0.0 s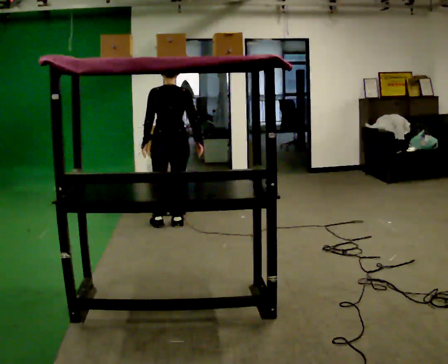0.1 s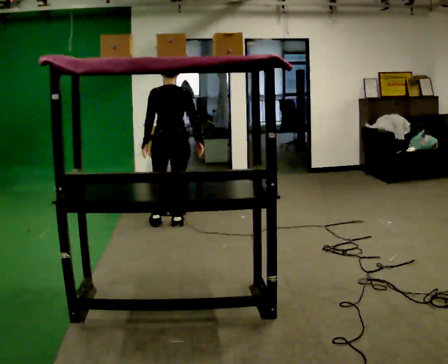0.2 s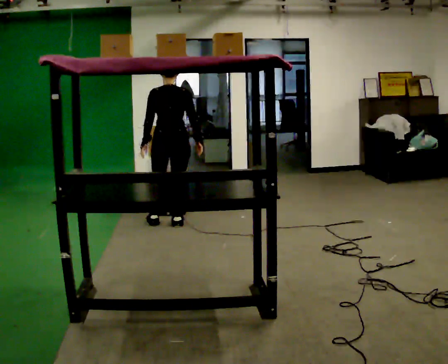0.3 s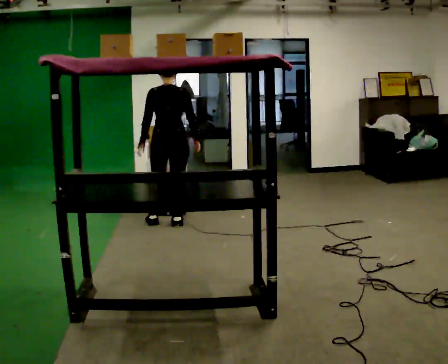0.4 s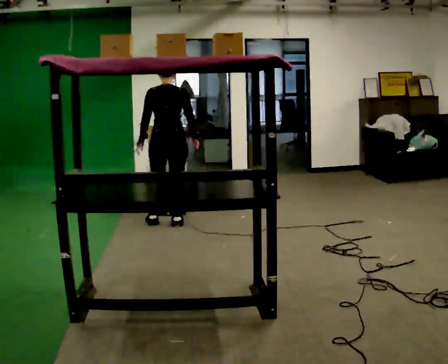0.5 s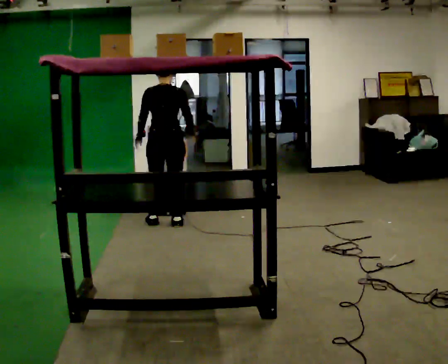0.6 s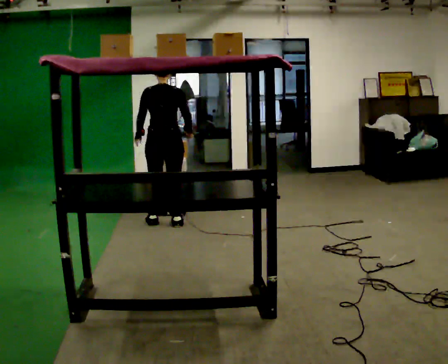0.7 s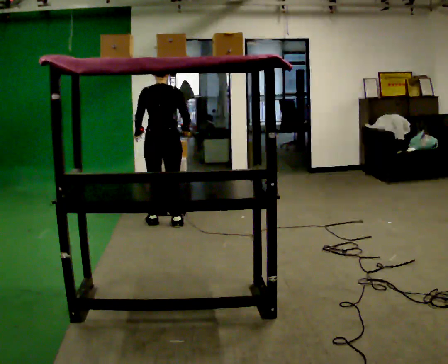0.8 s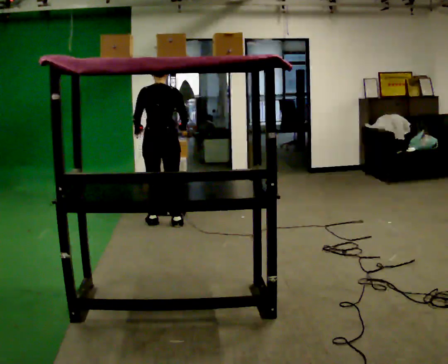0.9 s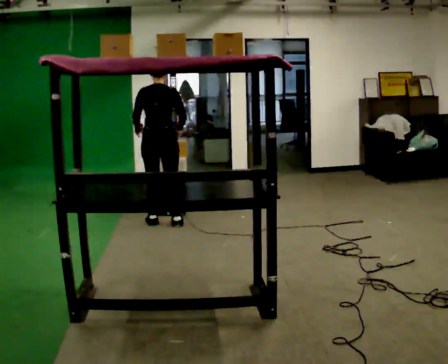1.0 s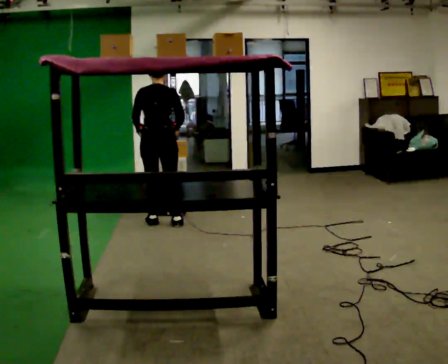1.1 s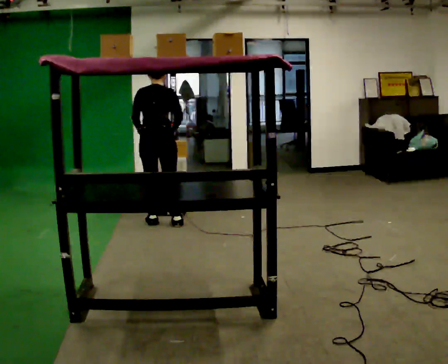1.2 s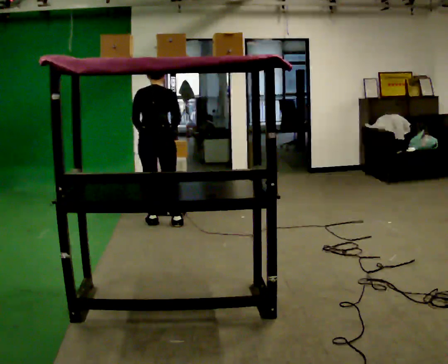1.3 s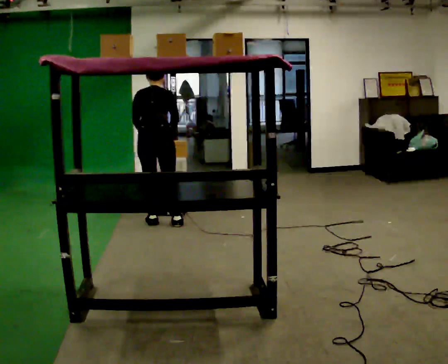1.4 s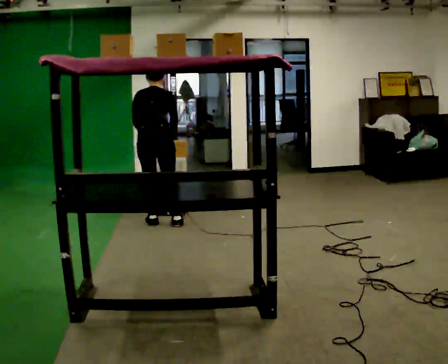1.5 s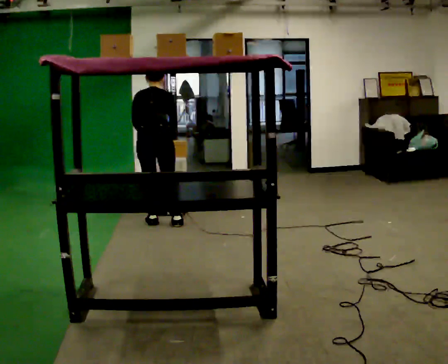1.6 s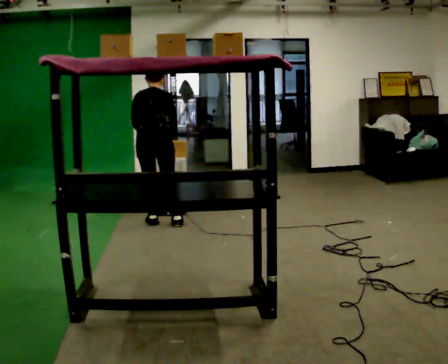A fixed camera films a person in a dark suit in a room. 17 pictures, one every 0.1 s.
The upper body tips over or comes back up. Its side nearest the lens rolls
upward.
0.0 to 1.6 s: In the picture they go to the left, about 0.25 m, which for them is to their left. The upper body tips away from the camera, its near side rolling upward, as they bend forward.
The film runs backward here.
